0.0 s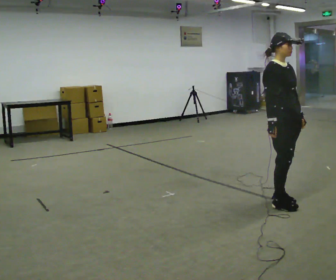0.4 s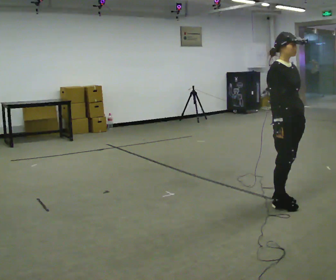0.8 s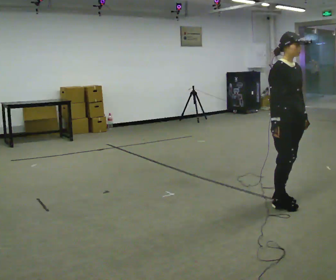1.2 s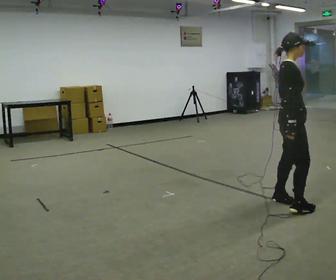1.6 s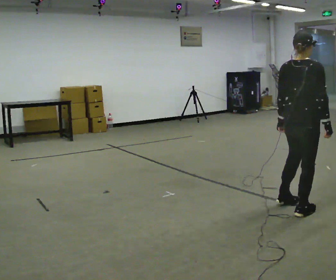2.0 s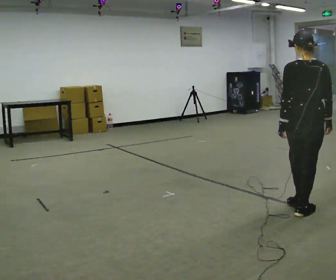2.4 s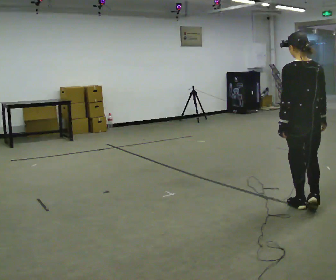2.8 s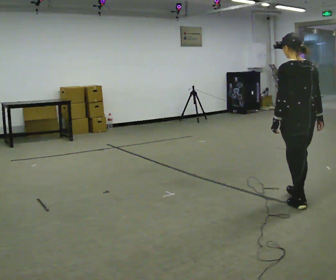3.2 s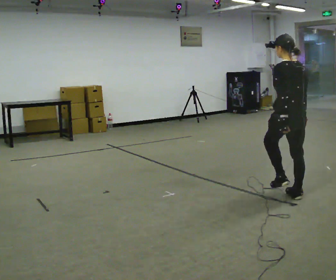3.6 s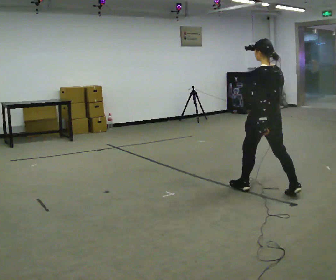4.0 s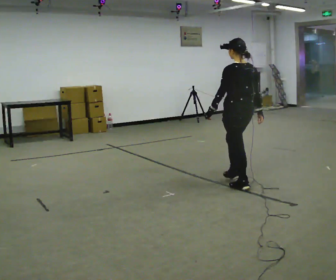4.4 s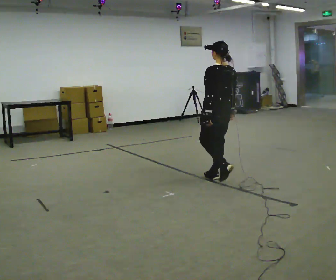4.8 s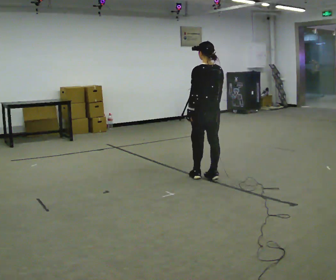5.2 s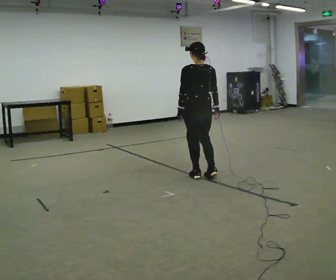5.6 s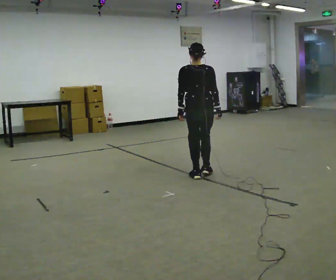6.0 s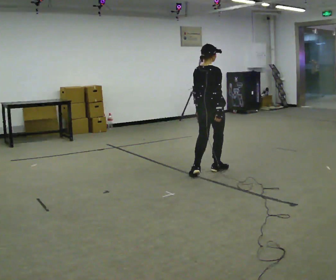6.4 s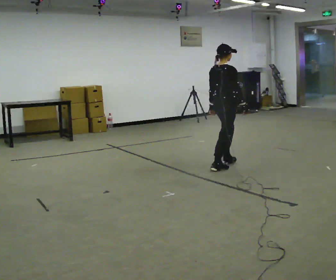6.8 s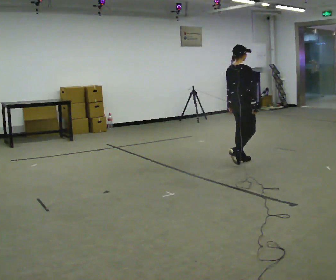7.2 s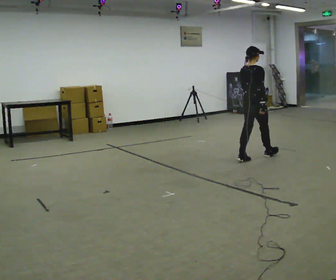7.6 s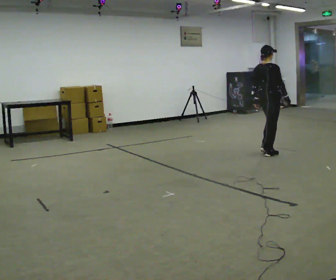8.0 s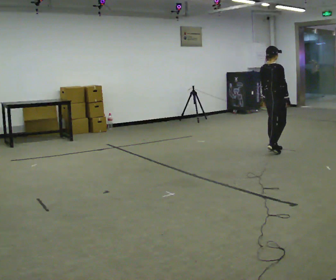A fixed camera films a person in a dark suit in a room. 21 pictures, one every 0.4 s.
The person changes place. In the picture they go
away from the camera.
0.0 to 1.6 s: Seen from above the body turns counterclockwise, about 90 degrees: to their left, with its near side sliding to the right. In the picture they go toward the camera, about 0.25 m in 1 step.
1.6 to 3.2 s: Seen from above the body turns counterclockwise, about 75 degrees: to their left, with its near side sliding to the right. In the picture they go away from the camera, about 0.25 m in 2 steps.
3.2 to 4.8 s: In the picture they go to the left and away from the camera, about 1 m in 3 steps, which for them is forward.
4.8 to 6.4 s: The part of the body nearest the lens slides to the left as the person turns to their right by about 90 degrees. In the picture they go away from the camera, about 0.5 m in 1 step.
6.4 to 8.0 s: In the picture they go away from the camera and to the right, about 1 m in 3 steps, which for them is forward.
The film runs forward here.
